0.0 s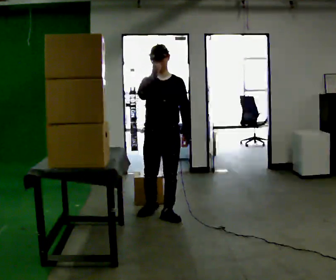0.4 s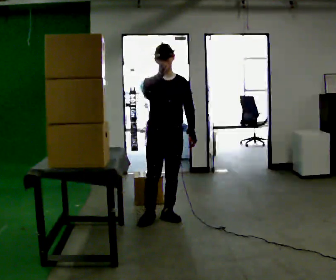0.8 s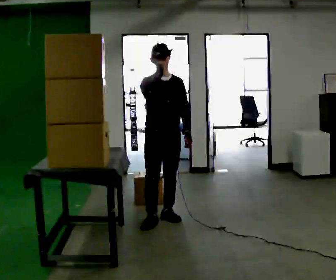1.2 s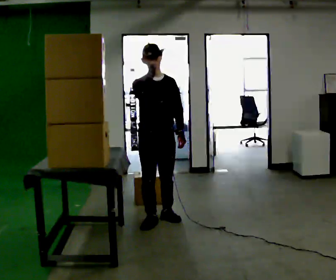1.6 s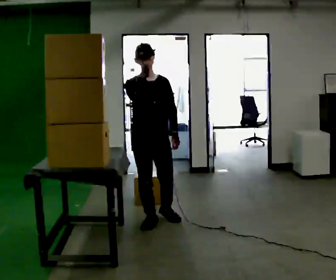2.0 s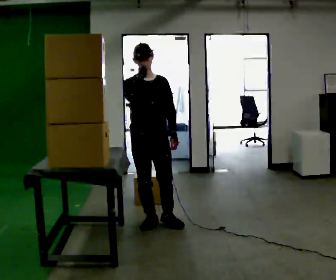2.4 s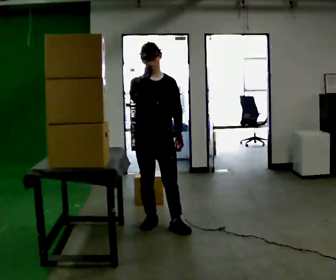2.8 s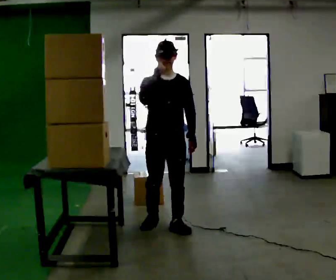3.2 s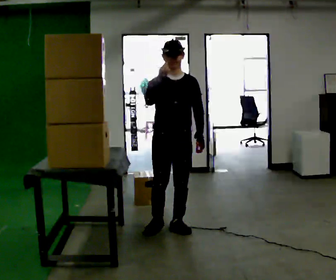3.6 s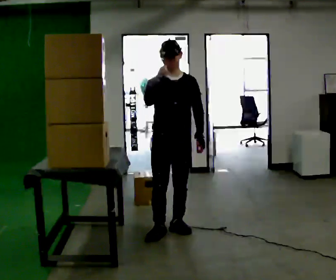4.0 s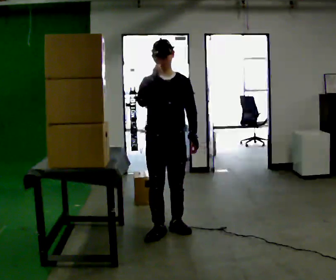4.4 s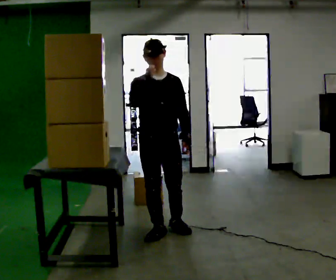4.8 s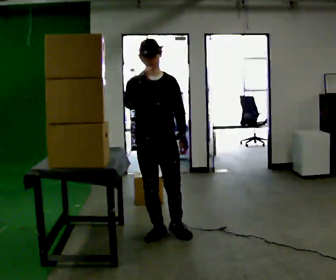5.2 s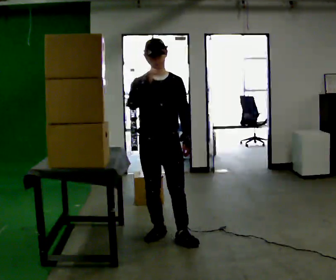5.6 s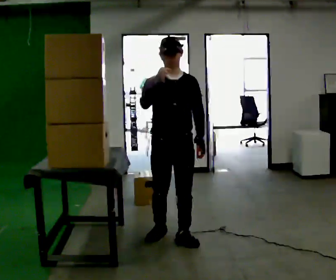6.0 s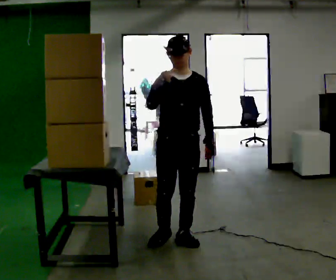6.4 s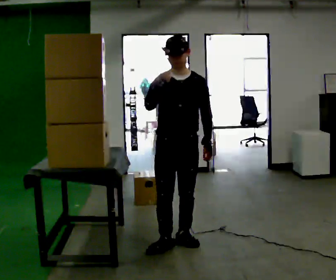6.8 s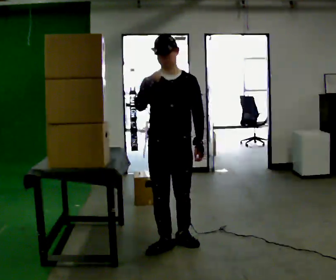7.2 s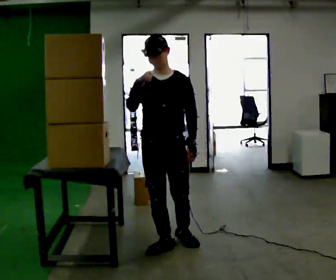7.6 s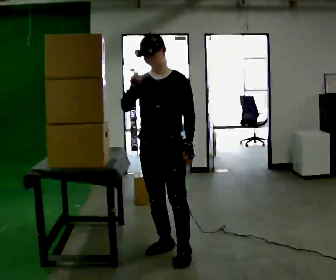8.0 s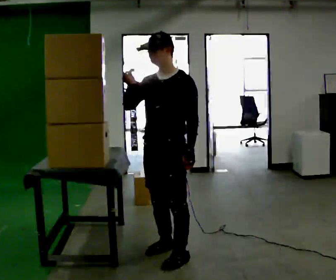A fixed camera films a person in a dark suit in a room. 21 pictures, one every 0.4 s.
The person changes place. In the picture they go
toward the camera.
0.0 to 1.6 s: In the picture they go toward the camera, about 0.25 m in 1 step, which for them is to their right and forward.
1.6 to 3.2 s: In the picture they go to the right and toward the camera, about 0.25 m in 1 step, which for them is forward and to their left.
3.2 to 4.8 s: In the picture they go toward the camera and to the left, about 0.25 m in 1 step, which for them is to their right and forward.
4.8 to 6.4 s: In the picture they go toward the camera and to the right, about 0.25 m in 2 steps, which for them is forward and to their left.
6.4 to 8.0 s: The person turns about 30 degrees to their right, clockwise seen from above, so the part of the body nearest the lens slides to the left. In the picture they go toward the camera, about 0.25 m in 1 step, which for them is forward.
The film runs forward here.
